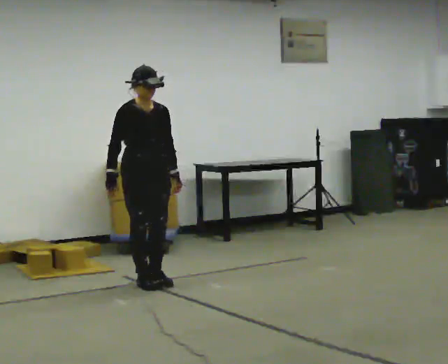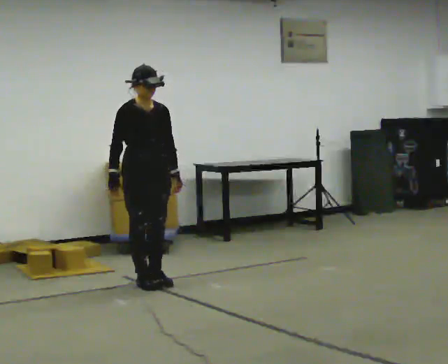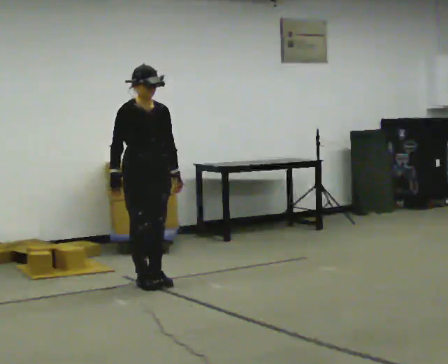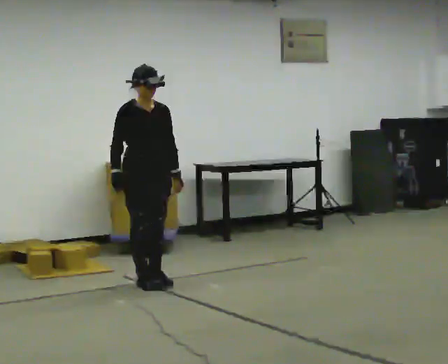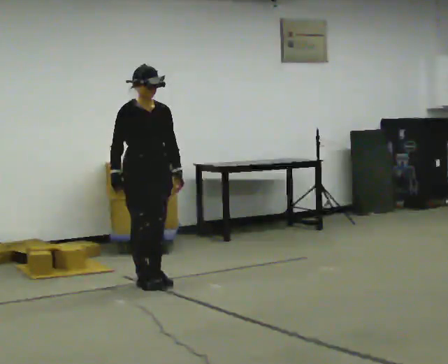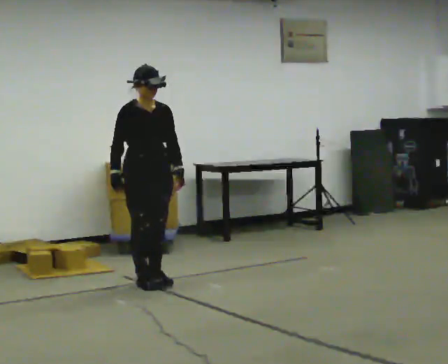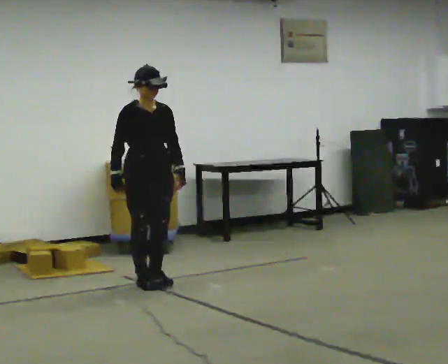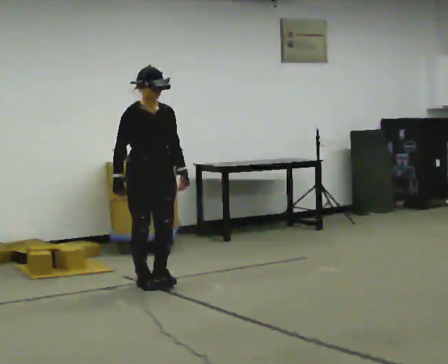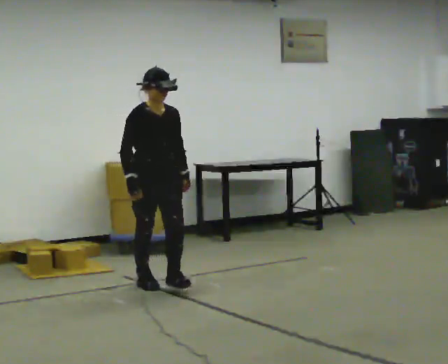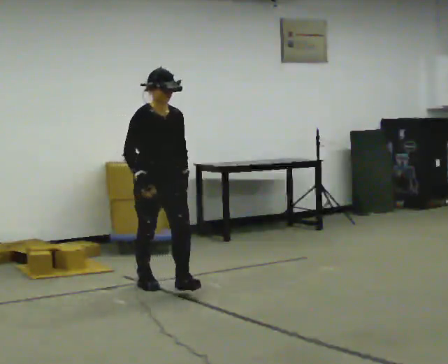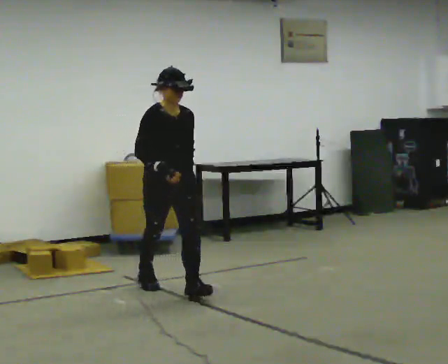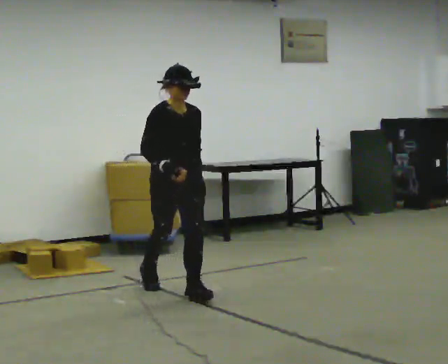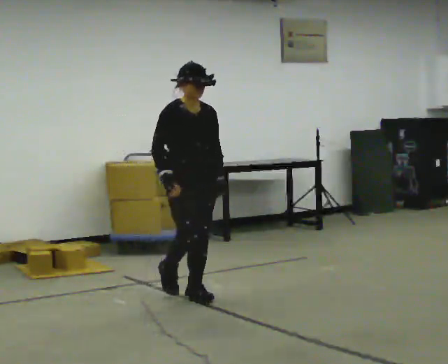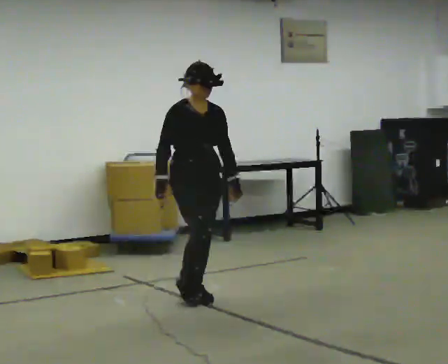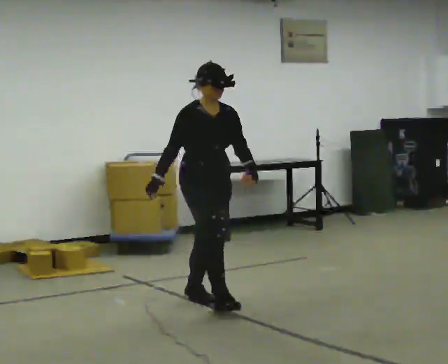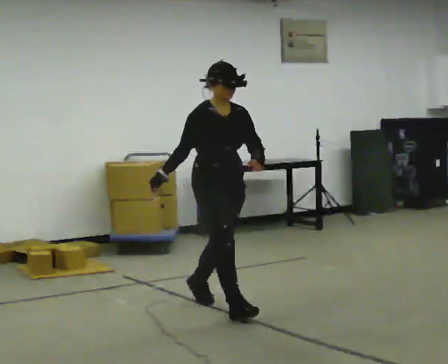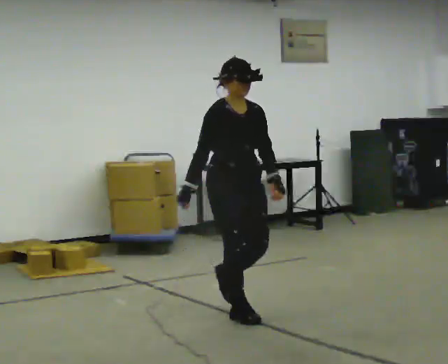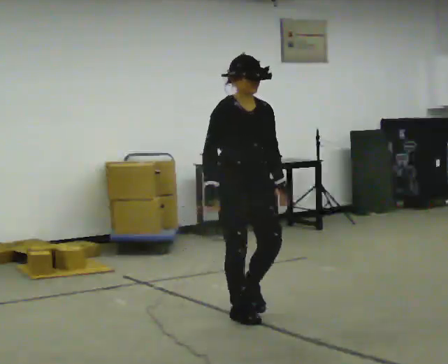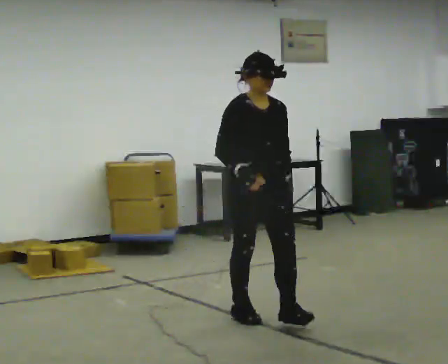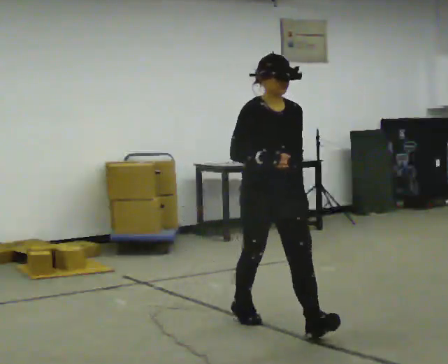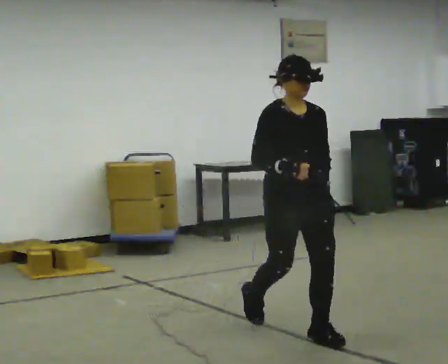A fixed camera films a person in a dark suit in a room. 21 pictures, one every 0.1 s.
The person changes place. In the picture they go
toward the camera.
0.0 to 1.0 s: In the picture they go toward the camera and to the right, about 0.5 m in 1 step, which for them is forward.
1.0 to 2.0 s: In the picture they go toward the camera and to the right, about 1.5 m in 2 steps, which for them is forward.
The film runs forward here.
